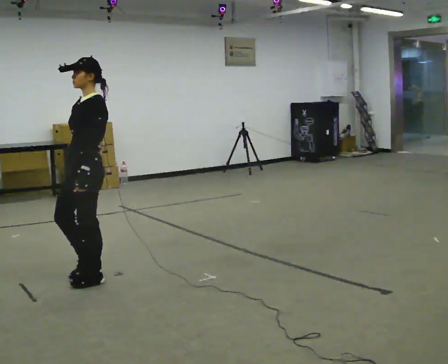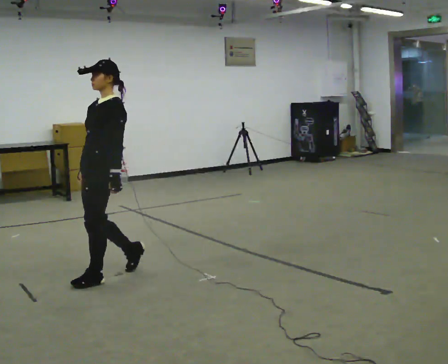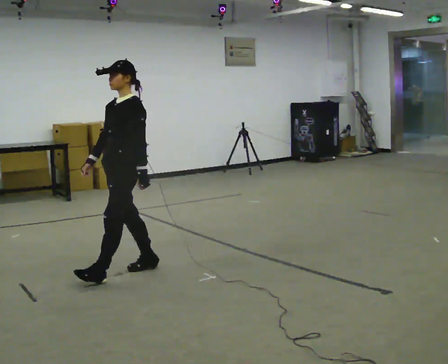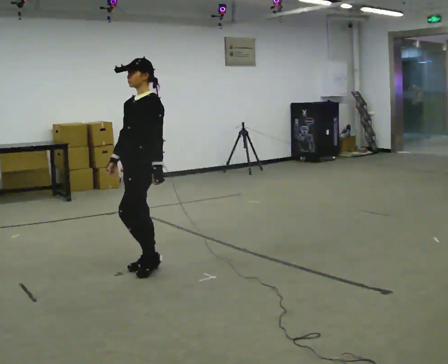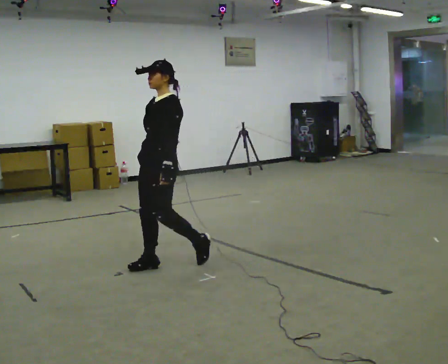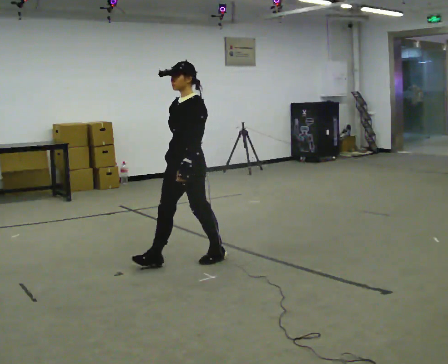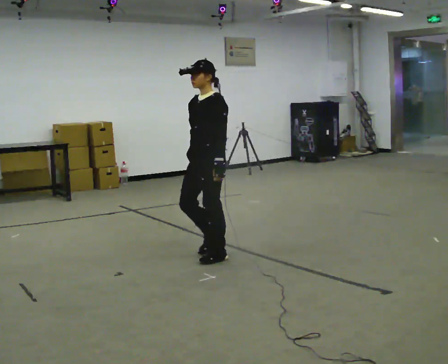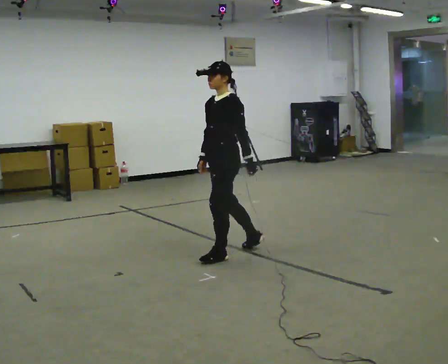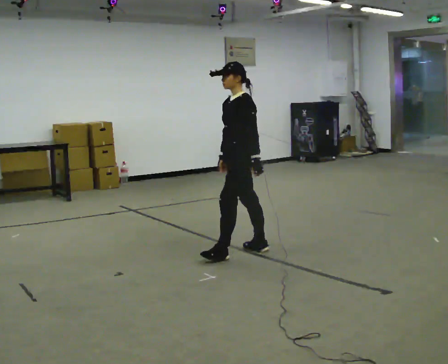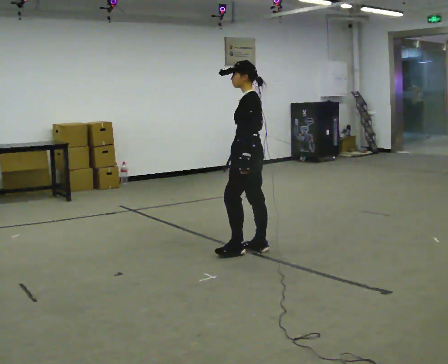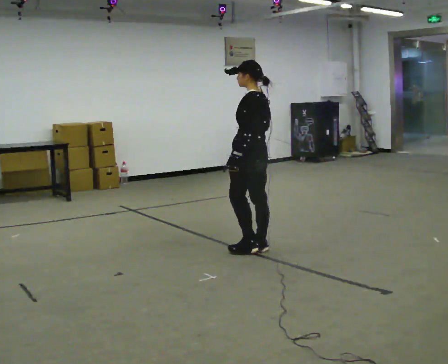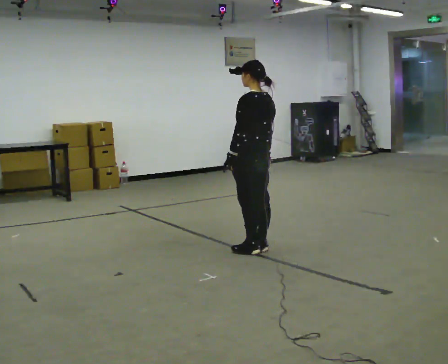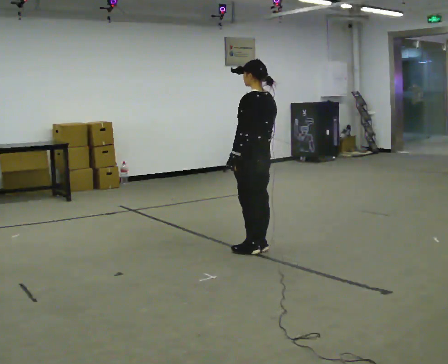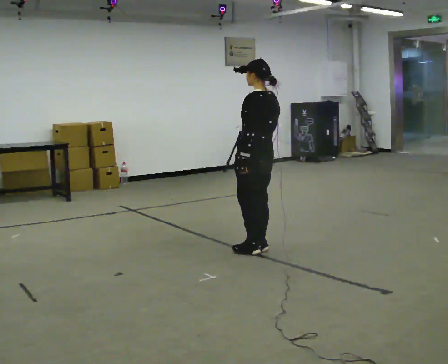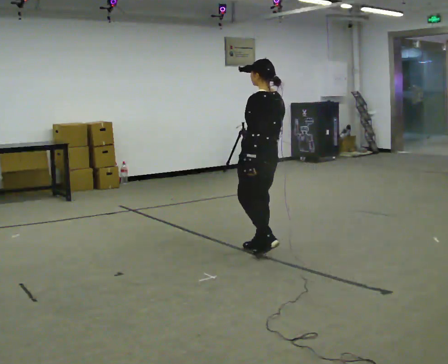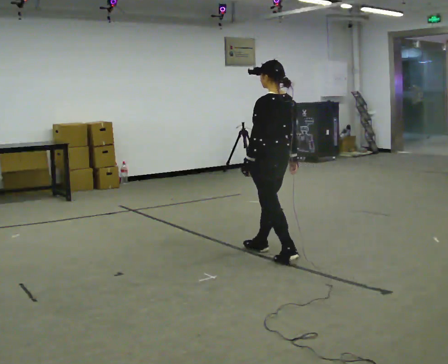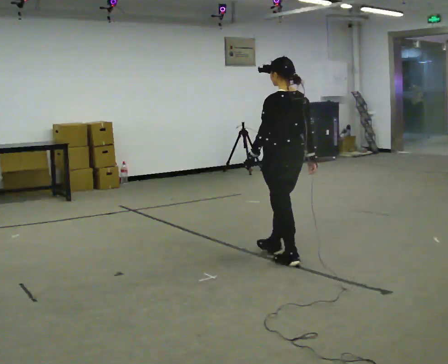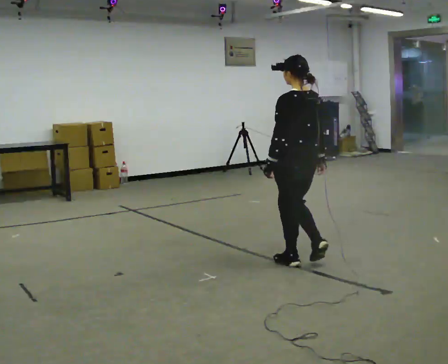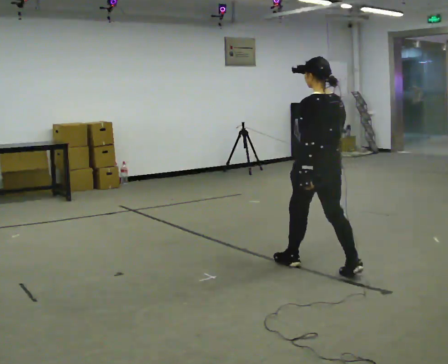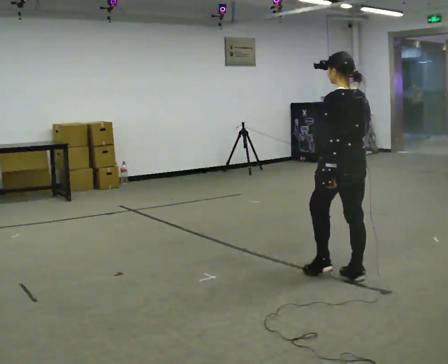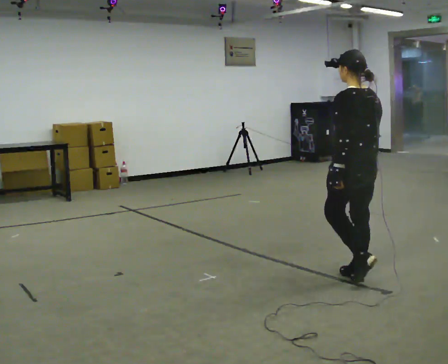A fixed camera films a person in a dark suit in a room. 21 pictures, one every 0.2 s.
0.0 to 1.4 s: In the picture they go to the right and away from the camera, about 1 m in 2 steps, which for them is backward.
1.4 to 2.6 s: The person turns about 60 degrees to their right, clockwise seen from above, so the part of the body nearest the lens slides to the left. In the picture they go to the right, about 0.25 m in 2 steps.
2.6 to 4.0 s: In the picture they go toward the camera and to the right, about 1 m in 2 steps, which for them is backward.
The film runs backward here.
